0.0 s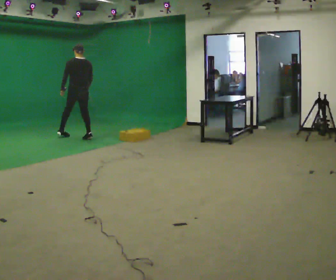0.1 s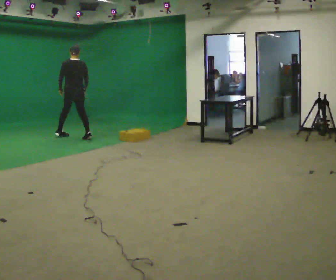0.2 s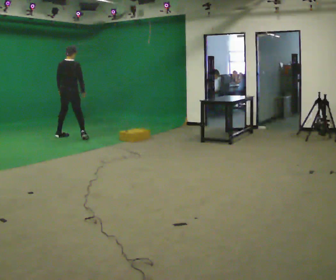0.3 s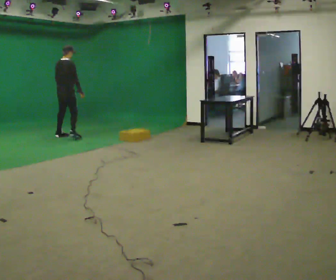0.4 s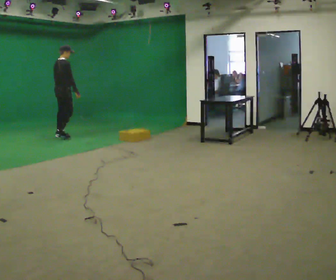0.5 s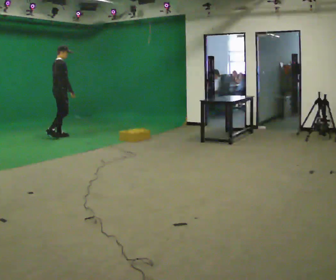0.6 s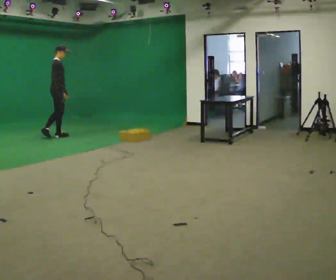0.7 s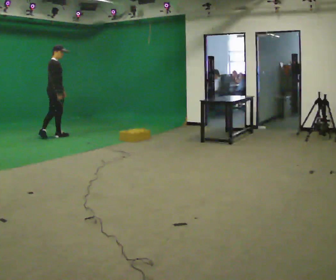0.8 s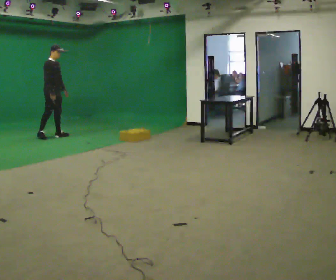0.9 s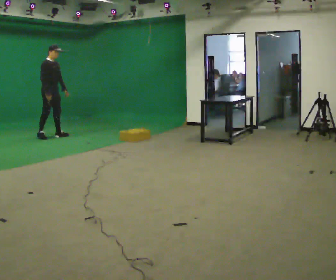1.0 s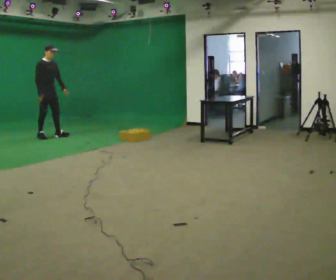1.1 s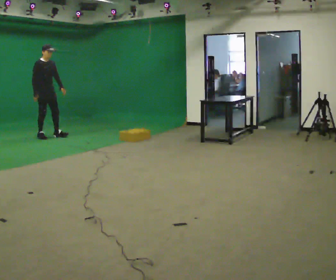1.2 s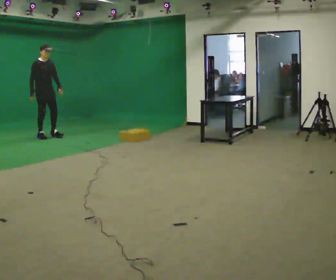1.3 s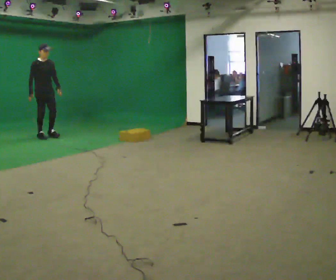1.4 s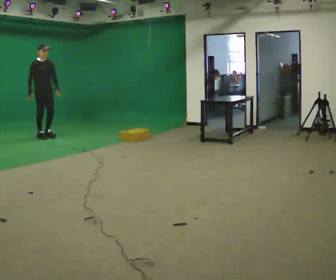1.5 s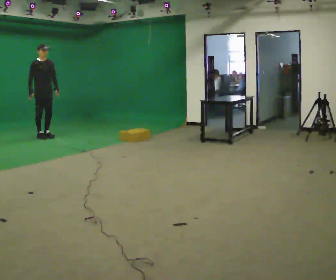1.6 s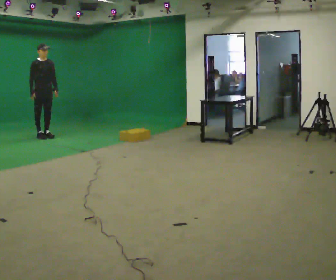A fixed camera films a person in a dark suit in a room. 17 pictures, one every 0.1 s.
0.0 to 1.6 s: The part of the body nearest the lens slides to the left as the person turns to their right by about 150 degrees. In the picture they go to the left, about 0.5 m in 3 steps.
The film runs forward here.
